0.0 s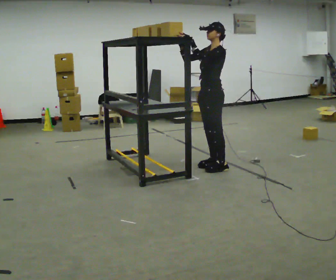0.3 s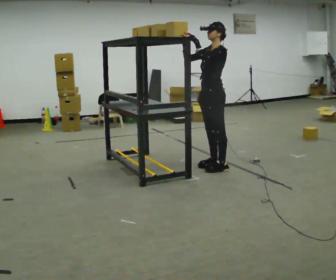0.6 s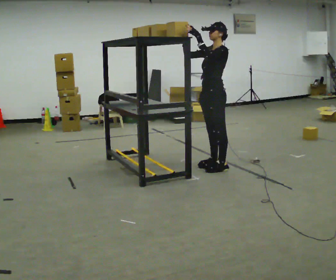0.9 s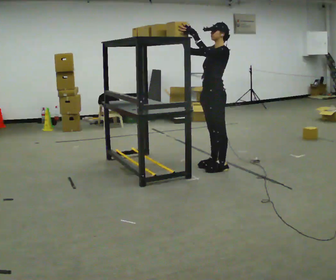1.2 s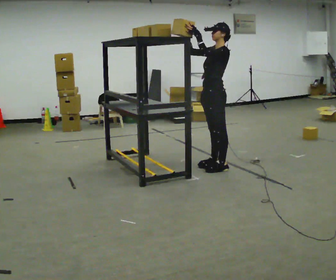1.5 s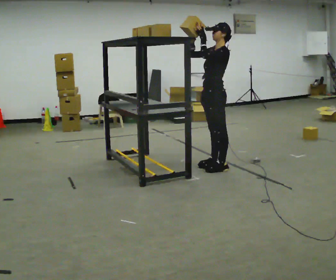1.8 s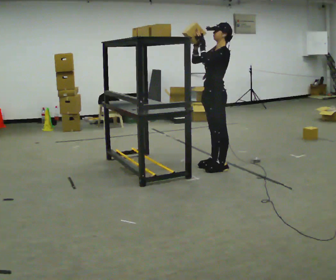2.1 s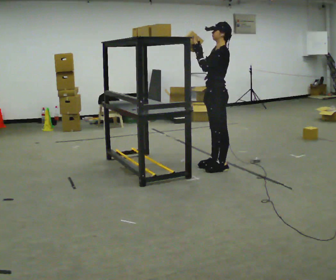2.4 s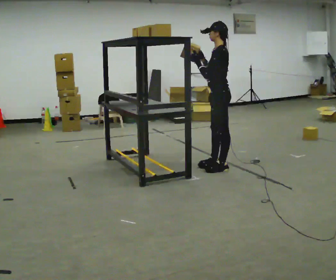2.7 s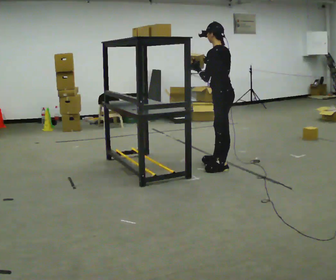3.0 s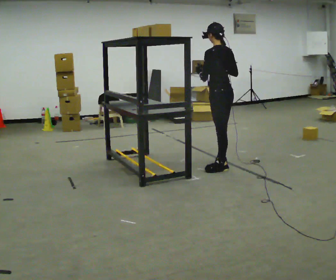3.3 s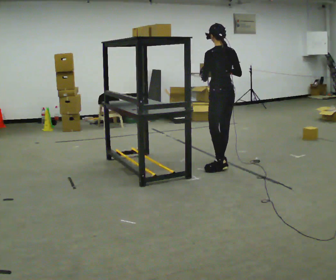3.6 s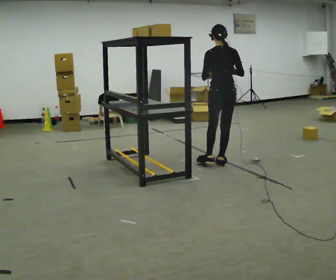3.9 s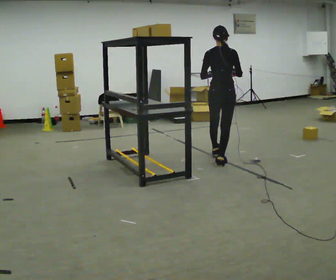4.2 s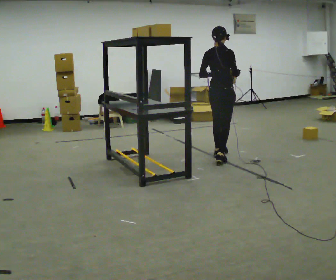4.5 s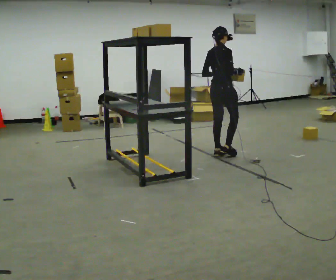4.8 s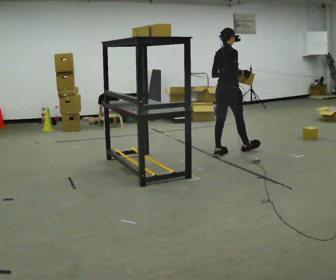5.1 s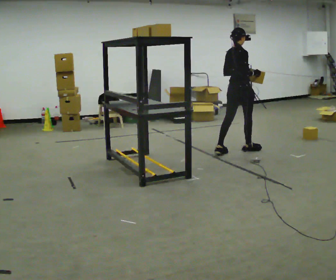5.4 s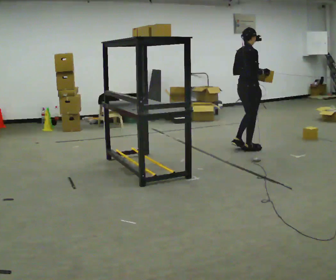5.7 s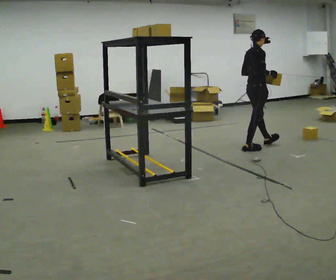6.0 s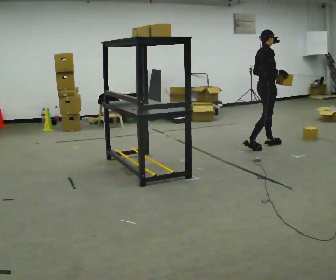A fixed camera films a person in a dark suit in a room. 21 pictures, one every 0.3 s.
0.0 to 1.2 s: The person moves a little, or ends about where they began.
1.2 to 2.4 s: The part of the body nearest the lens slides to the left as the person turns to their right by about 30 degrees.
2.4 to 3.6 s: Seen from above the body turns clockwise, about 75 degrees: to their right, with its near side sliding to the left. In the picture they go away from the camera, about 0.25 m. In the picture their right hand goes to the right.
3.6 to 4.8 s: The person turns about 60 degrees to their right, clockwise seen from above, so the part of the body nearest the lens slides to the left. In the picture they go away from the camera, about 0.5 m in 2 steps, which for them is forward and to their left.
4.8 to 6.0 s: The part of the body nearest the lens slides to the left as the person turns to their right by about 30 degrees. In the picture they go to the right and away from the camera, about 0.75 m in 1 step, which for them is forward.
The film runs forward here.
